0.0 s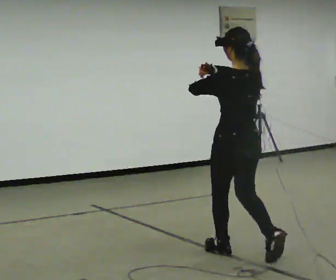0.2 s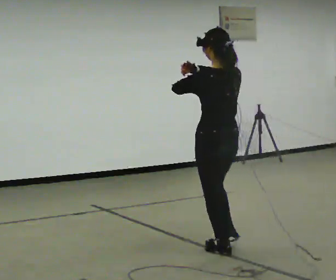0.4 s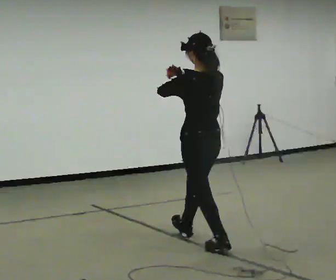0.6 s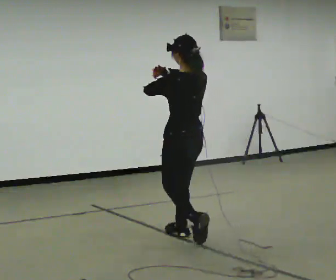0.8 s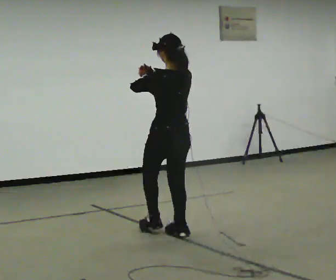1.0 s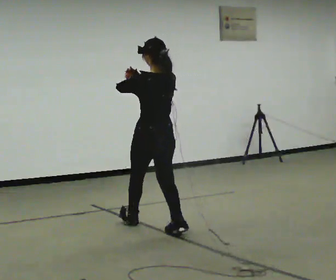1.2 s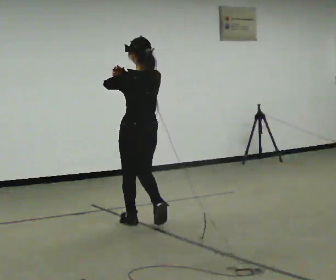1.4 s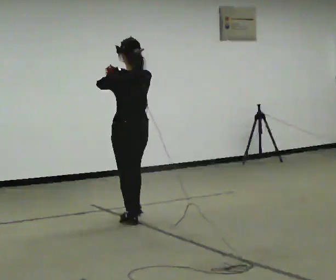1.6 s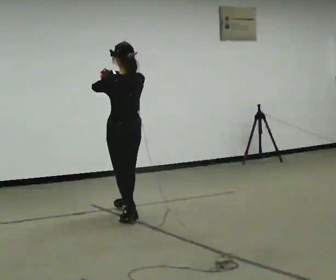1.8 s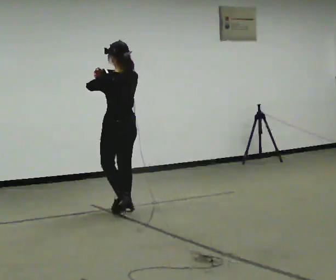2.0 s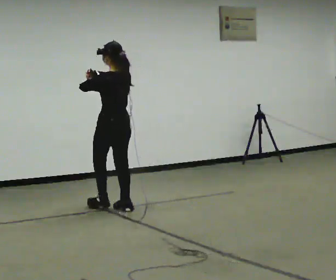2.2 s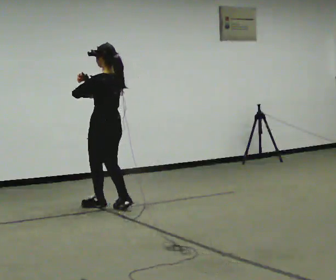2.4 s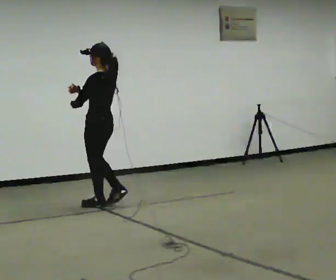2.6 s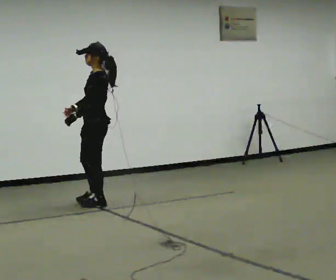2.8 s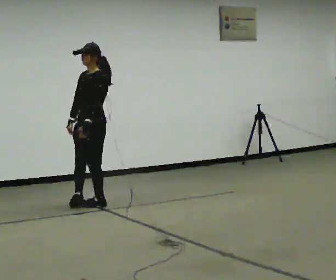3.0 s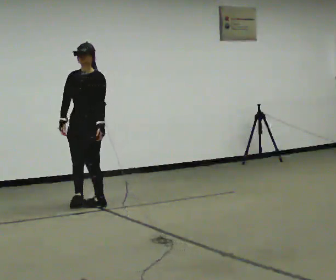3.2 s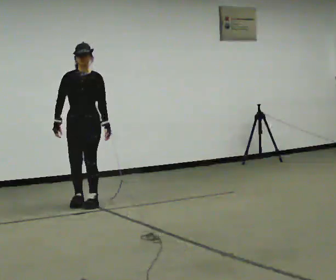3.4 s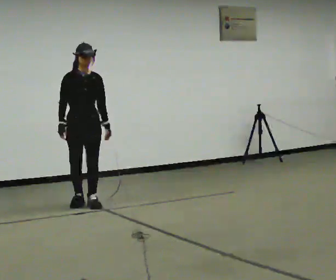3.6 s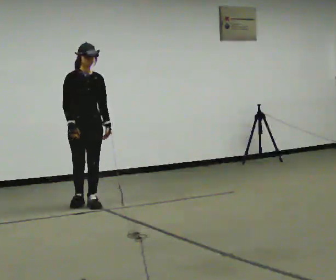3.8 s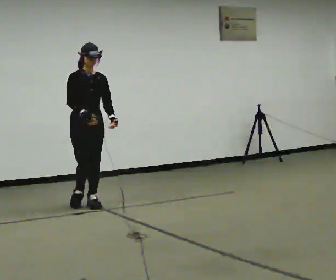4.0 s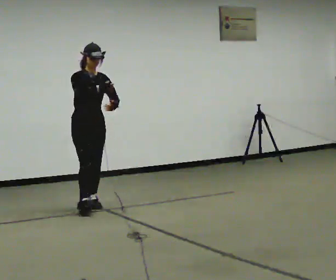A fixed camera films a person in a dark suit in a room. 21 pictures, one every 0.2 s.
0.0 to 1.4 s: In the picture they go away from the camera and to the left, about 1.5 m in 2 steps, which for them is forward.
1.4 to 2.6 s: The person turns about 75 degrees to their left, counterclockwise seen from above, so the part of the body nearest the lens slides to the right. In the picture they go away from the camera and to the left, about 1 m in 2 steps. In the picture their left hand goes downward.
2.6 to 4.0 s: The part of the body nearest the lens slides to the right as the person turns to their left by about 105 degrees. In the picture their right hand goes to the right.
The film runs forward here.
